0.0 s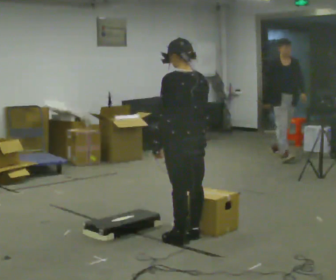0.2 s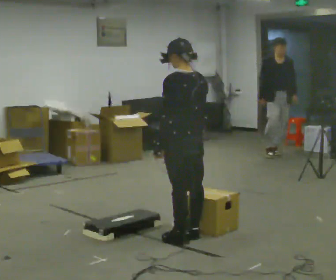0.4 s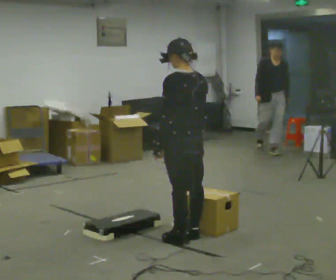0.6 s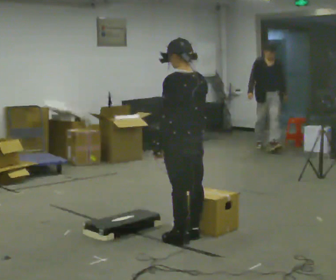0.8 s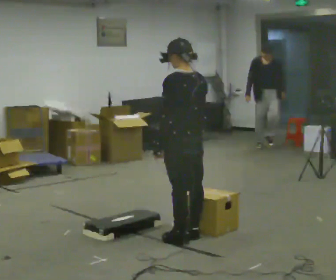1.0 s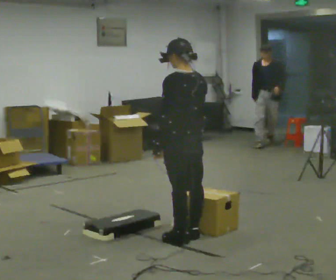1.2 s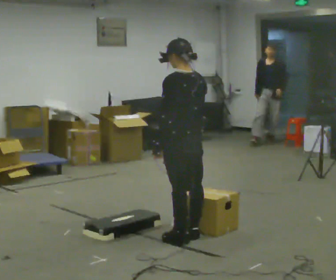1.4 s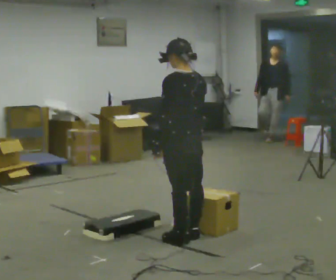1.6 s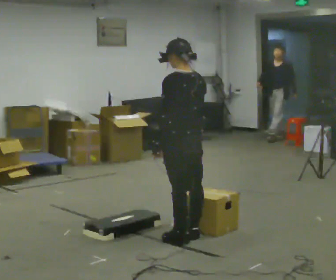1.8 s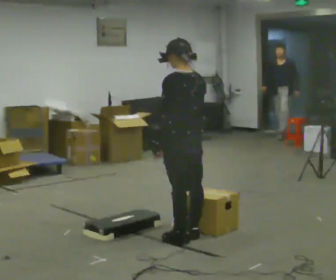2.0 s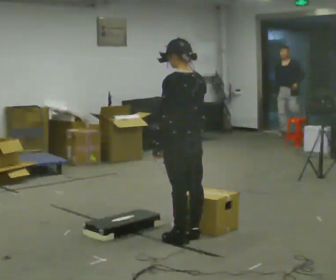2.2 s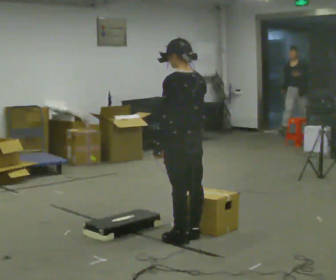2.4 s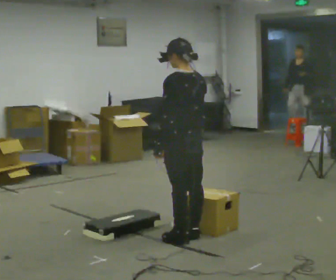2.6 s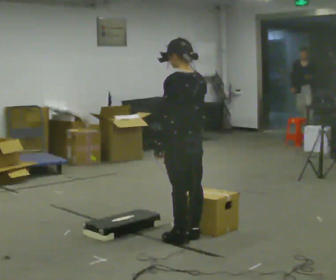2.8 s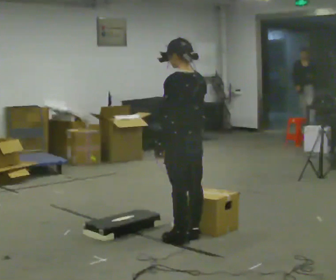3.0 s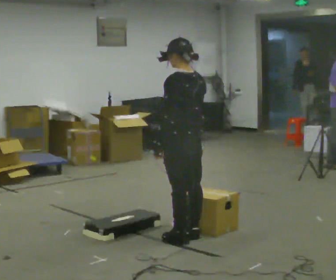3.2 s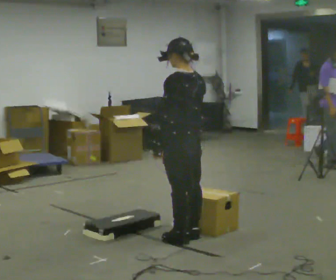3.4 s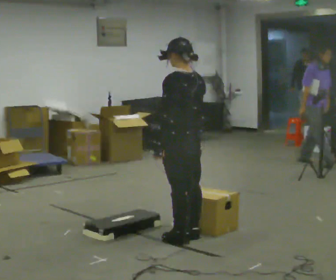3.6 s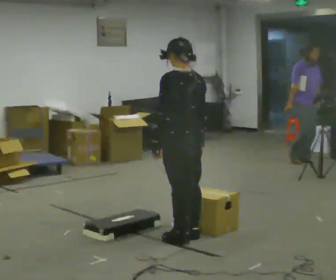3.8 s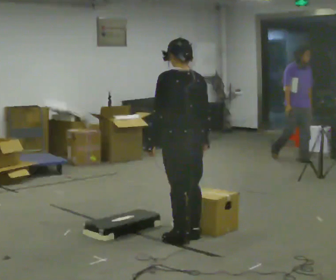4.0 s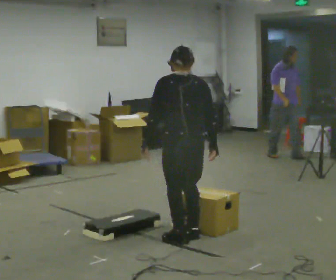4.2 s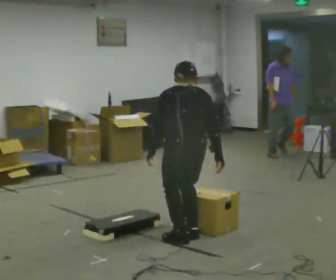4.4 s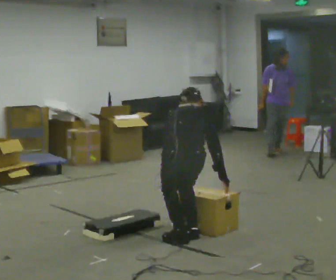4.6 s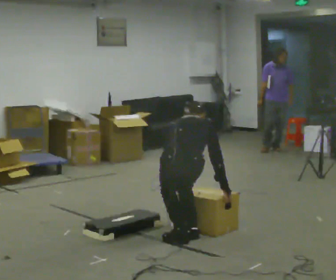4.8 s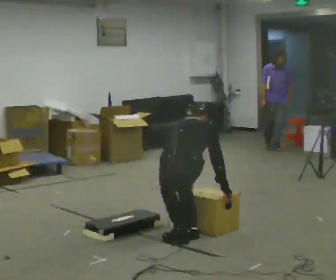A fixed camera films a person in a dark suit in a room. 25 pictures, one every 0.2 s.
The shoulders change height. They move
downward.
The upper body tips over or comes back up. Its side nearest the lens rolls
upward.
0.0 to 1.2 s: The person moves a little, or ends about where they began.
1.2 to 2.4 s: The person keeps their place and pose.
2.4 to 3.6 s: The person moves a little, or ends about where they began.
3.6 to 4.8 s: The part of the body nearest the lens slides to the left as the person turns to their right by about 60 degrees. The shoulders move downward. The upper body tips away from the camera, its near side rolling upward, as they bend forward. In the picture their right hand goes downward.
The film runs backward here.
